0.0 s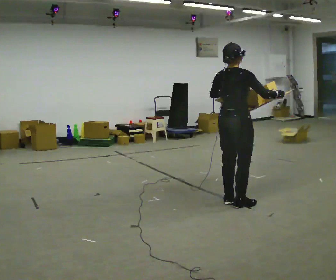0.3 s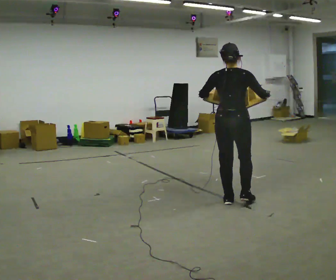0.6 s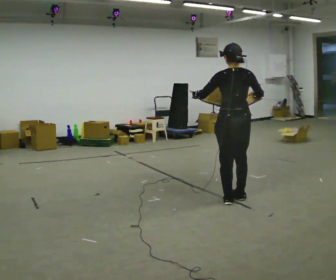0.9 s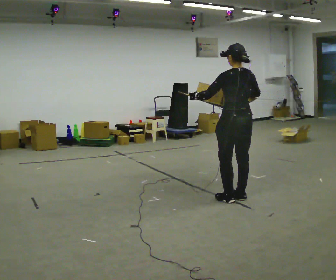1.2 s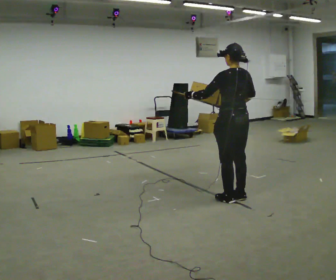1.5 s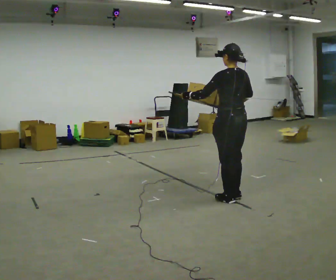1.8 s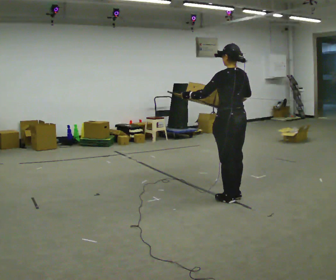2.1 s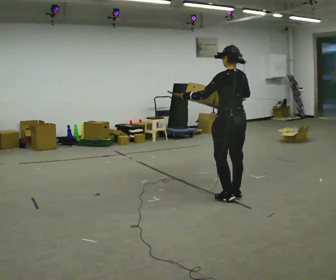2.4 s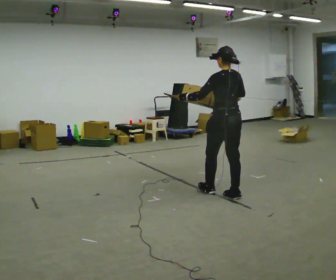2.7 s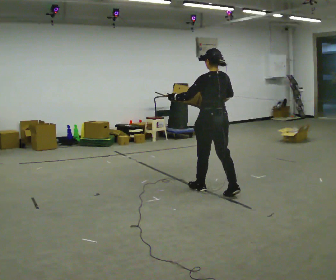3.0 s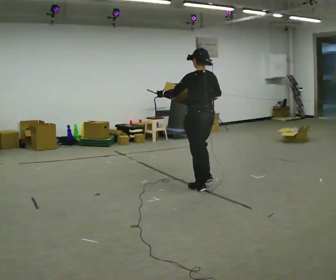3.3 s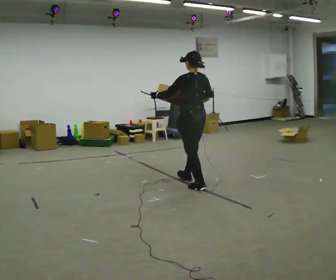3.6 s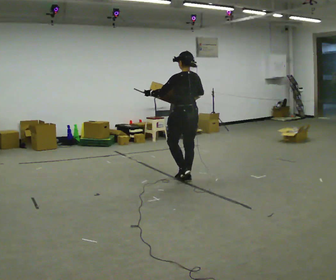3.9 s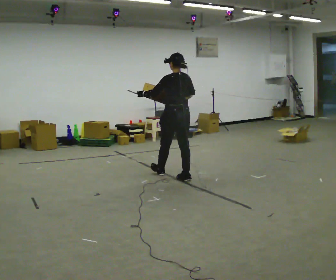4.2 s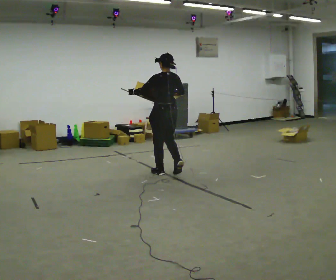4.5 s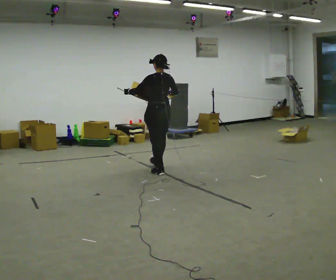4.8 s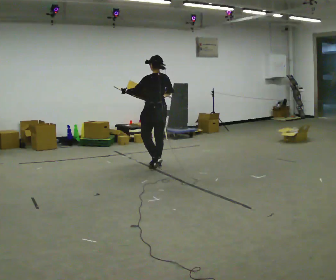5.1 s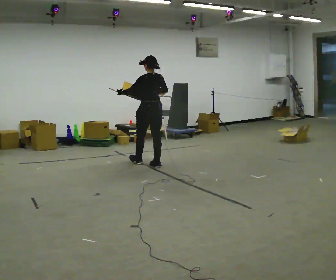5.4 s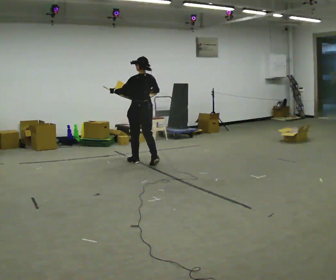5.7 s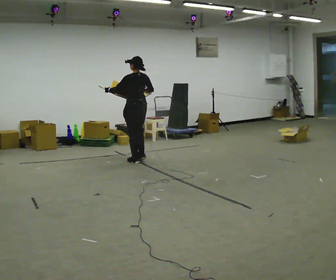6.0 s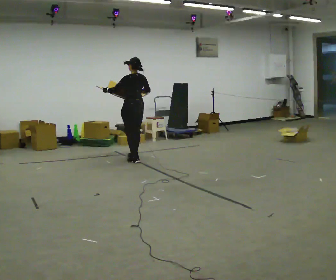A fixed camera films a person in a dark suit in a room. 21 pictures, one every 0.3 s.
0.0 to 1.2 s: The person turns about 75 degrees to their left, counterclockwise seen from above, so the part of the body nearest the lens slides to the right. In the picture their left hand goes to the left.
1.2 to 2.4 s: In the picture they go away from the camera, about 0.25 m, which for them is forward.
2.4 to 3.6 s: In the picture they go away from the camera and to the left, about 1 m in 2 steps, which for them is forward.
3.6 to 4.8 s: In the picture they go away from the camera and to the left, about 1 m in 2 steps, which for them is forward.
4.8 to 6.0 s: In the picture they go away from the camera and to the left, about 0.5 m in 2 steps, which for them is forward.
The film runs forward here.
